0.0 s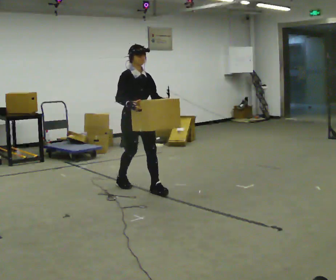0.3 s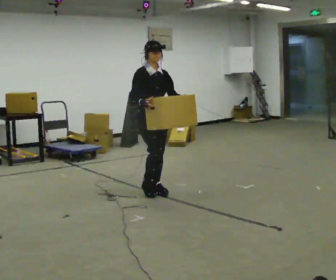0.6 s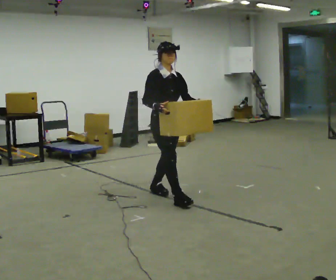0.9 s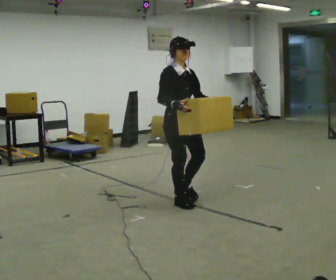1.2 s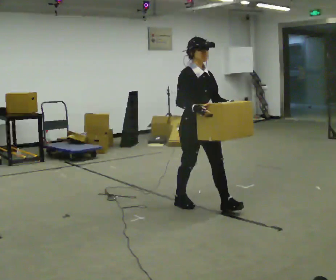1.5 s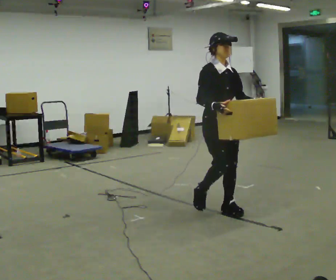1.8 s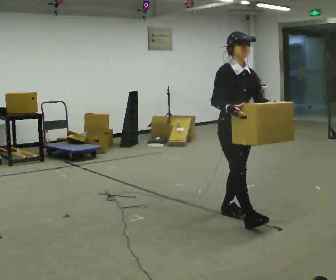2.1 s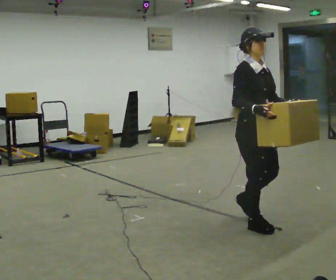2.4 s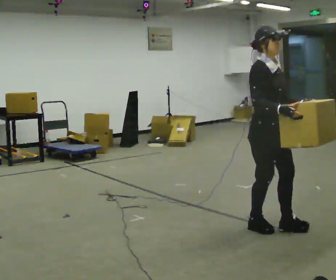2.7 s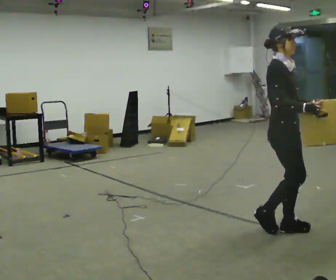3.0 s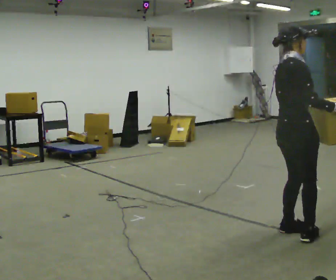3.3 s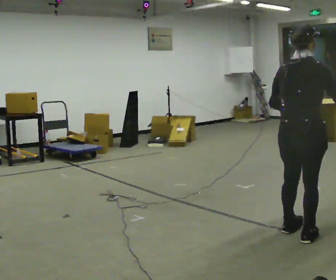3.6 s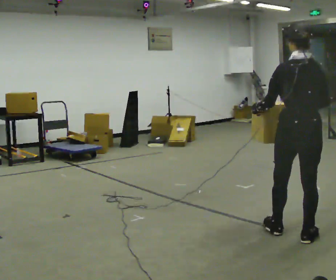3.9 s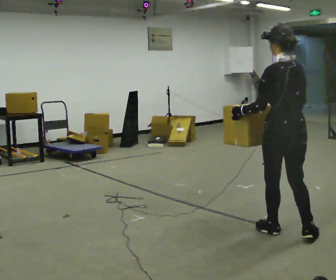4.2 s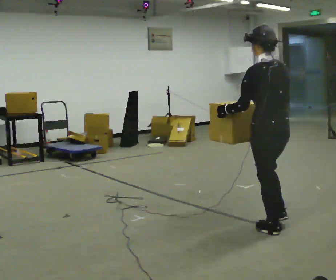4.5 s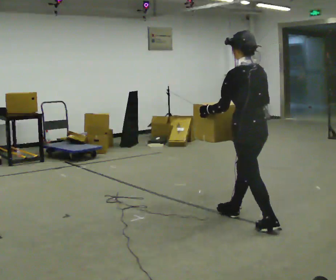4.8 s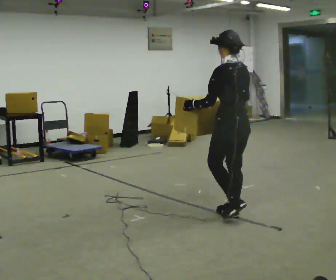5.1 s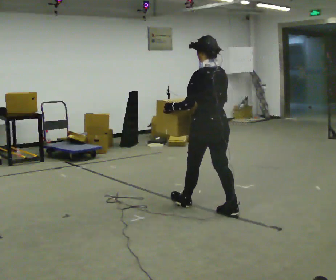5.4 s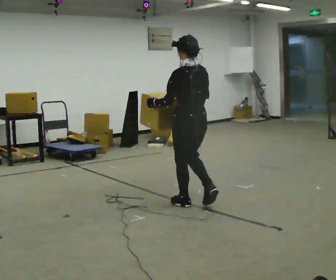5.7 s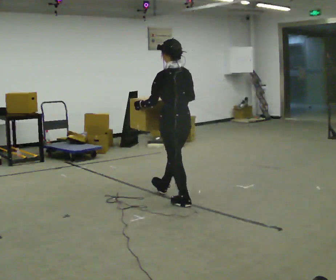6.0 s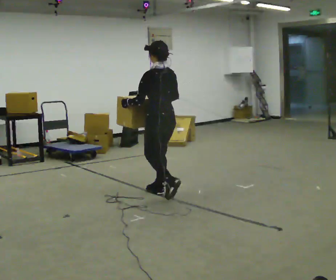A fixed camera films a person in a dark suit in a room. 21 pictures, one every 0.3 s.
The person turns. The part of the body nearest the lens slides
to the right.
The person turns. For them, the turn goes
to their left.
0.0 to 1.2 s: In the picture they go to the right and toward the camera, about 1 m in 2 steps, which for them is forward.
1.2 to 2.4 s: In the picture they go to the right and toward the camera, about 1 m in 1 step, which for them is forward.
2.4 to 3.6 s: Seen from above the body turns counterclockwise, about 135 degrees: to their left, with its near side sliding to the right. In the picture they go to the right and toward the camera, about 0.25 m in 2 steps.
3.6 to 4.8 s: The part of the body nearest the lens slides to the right as the person turns to their left by about 30 degrees. In the picture they go to the left and away from the camera, about 1 m in 1 step, which for them is forward.
4.8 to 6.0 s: In the picture they go to the left and away from the camera, about 1 m in 2 steps, which for them is forward.
The film runs forward here.
